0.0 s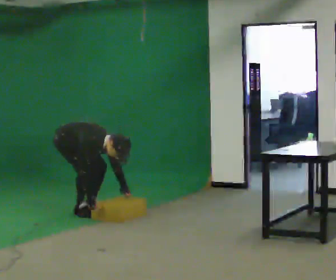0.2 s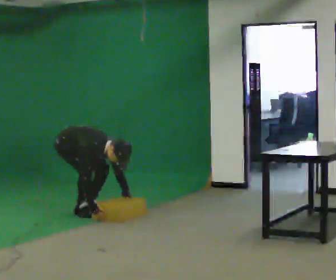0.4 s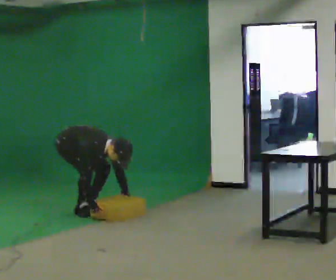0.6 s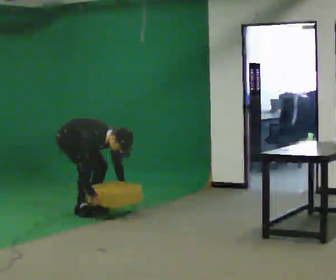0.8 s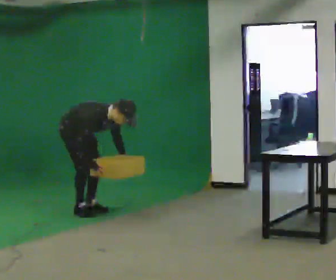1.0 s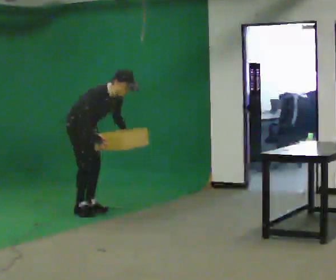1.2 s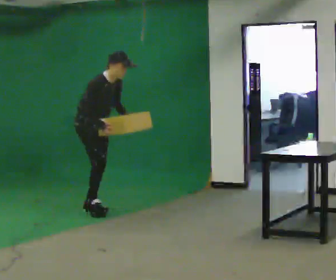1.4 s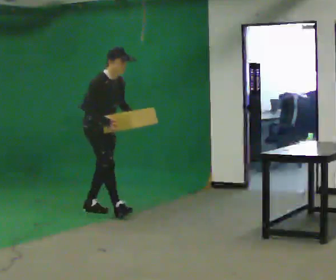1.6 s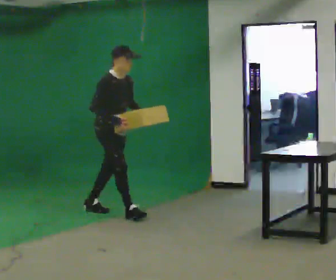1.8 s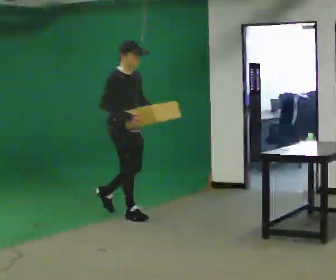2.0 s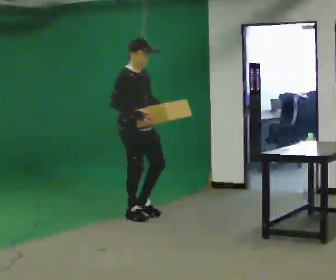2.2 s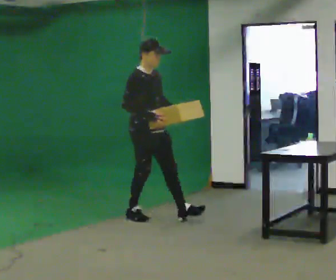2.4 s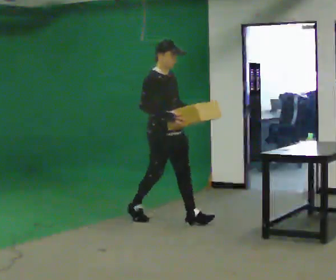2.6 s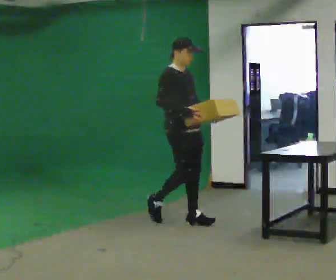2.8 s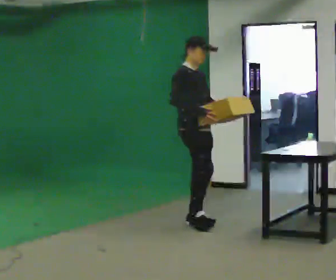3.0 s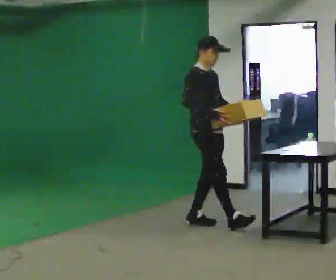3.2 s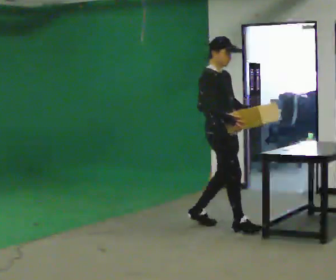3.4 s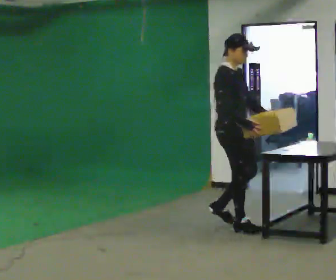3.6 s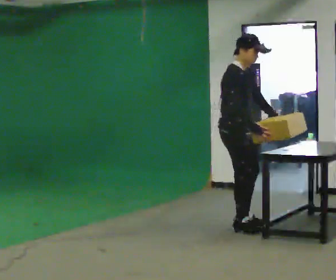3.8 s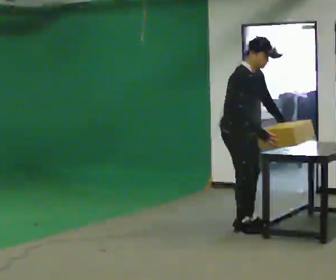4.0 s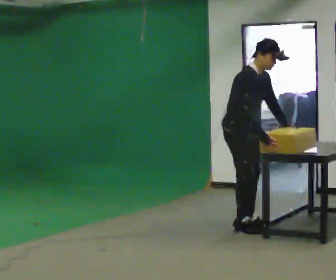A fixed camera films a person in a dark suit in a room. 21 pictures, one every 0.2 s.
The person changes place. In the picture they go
to the right.
0.0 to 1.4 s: In the picture they go to the right, about 0.25 m, which for them is forward. The upper body goes upward. In the picture the upper body tilts counterclockwise, shoulders to the left, as they lean back or straighten. In the picture their right hand goes upward.
1.4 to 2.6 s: In the picture they go to the right and toward the camera, about 1 m in 2 steps, which for them is forward. In the picture the upper body tilts counterclockwise, shoulders to the left, as they lean back or straighten.
2.6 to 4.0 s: In the picture they go to the right and toward the camera, about 0.5 m in 2 steps, which for them is forward. In the picture the upper body tilts clockwise, shoulders to the right, as they bend forward.
The film runs forward here.
